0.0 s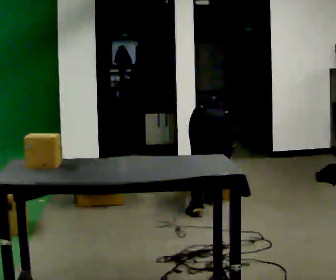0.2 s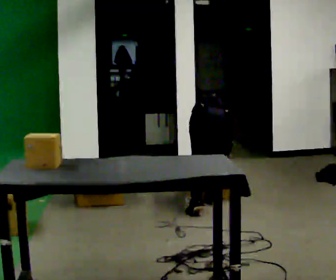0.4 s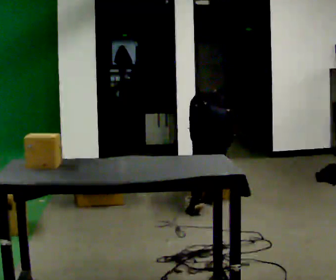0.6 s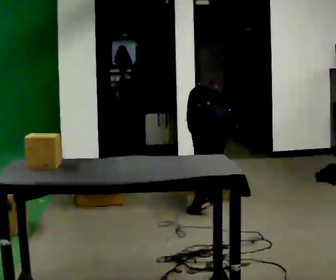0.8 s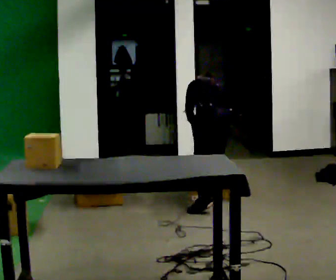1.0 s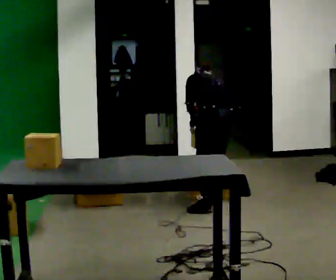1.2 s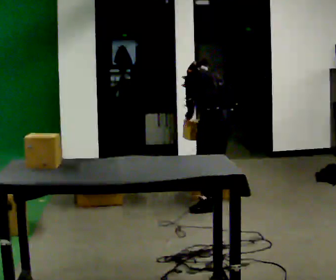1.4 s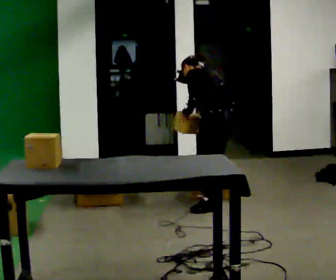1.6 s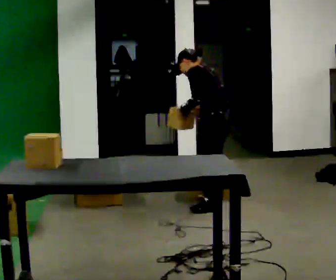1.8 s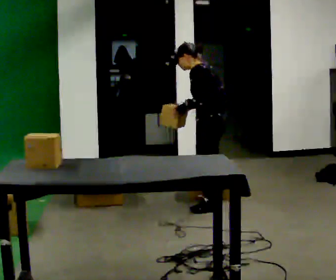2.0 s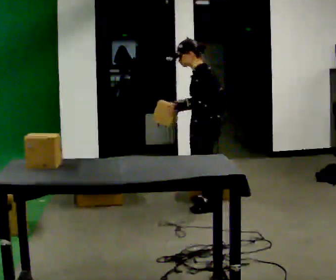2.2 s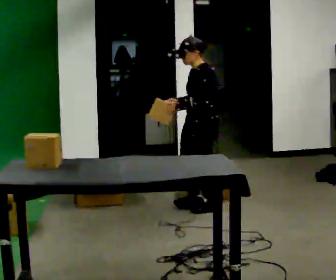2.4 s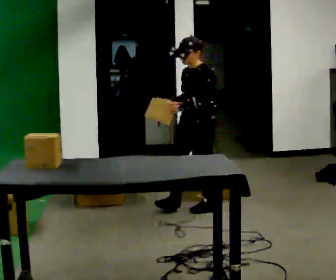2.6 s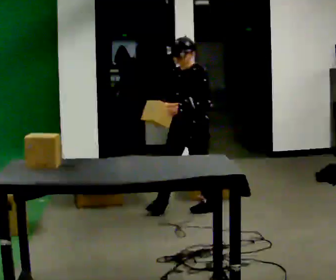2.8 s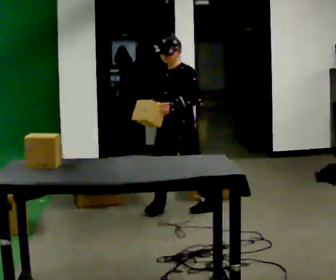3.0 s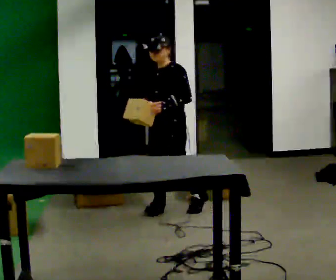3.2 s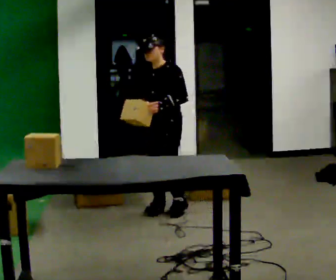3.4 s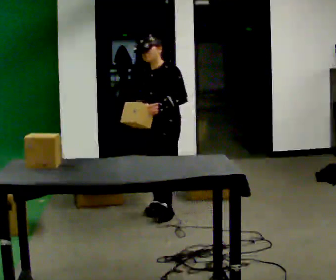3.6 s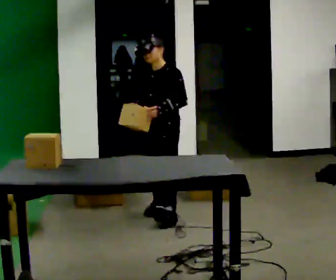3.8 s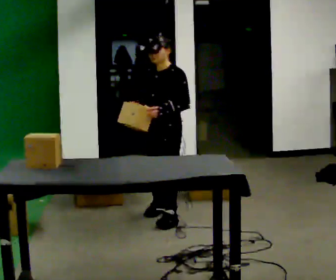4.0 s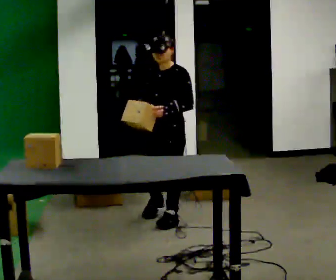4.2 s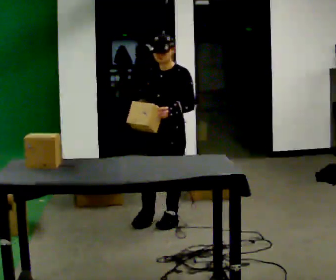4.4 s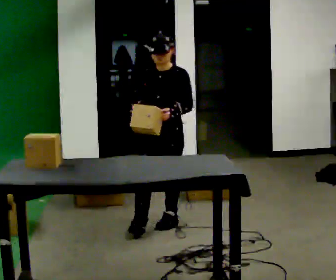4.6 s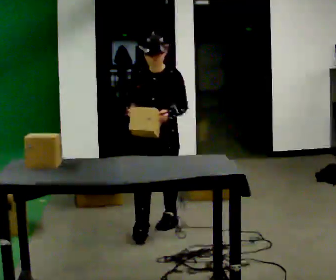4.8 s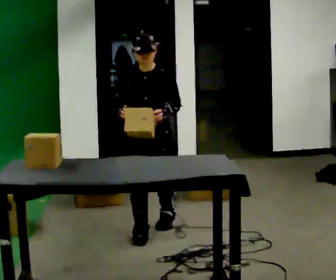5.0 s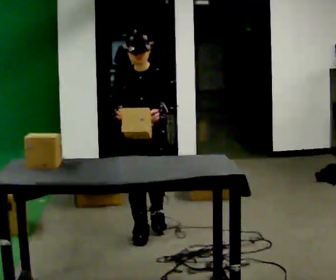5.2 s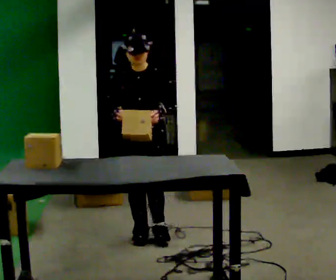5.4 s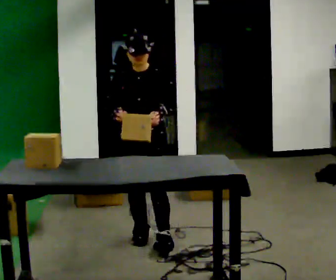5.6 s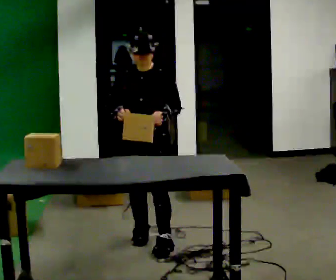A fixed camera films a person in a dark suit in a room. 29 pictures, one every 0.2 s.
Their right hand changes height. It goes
upward.
Their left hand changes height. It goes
upward.
0.0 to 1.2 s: Seen from above the body turns counterclockwise, about 45 degrees: to their left, with its near side sliding to the right. The upper body goes upward. The upper body tips toward the camera, its near side rolling downward, as they lean back or straighten. In the picture their left hand goes upward.
1.2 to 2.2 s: Seen from above the body turns counterclockwise, about 60 degrees: to their left, with its near side sliding to the right. The upper body tips toward the camera, its near side rolling downward, as they lean back or straighten. In the picture their right hand goes to the left.
2.2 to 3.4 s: Seen from above the body turns counterclockwise, about 30 degrees: to their left, with its near side sliding to the right. In the picture they go to the left, about 0.25 m in 1 step, which for them is forward and to their right.
3.4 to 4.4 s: Seen from above the body turns counterclockwise, about 30 degrees: to their left, with its near side sliding to the right. In the picture they go toward the camera, about 0.5 m in 1 step, which for them is forward and to their left.
4.4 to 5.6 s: In the picture they go toward the camera, about 0.5 m in 2 steps, which for them is forward.
The film runs forward here.
